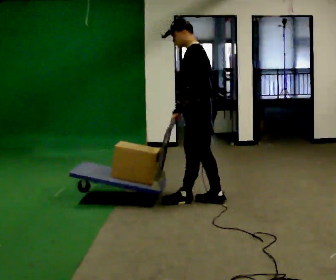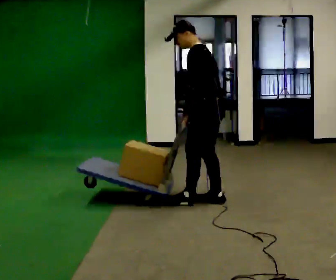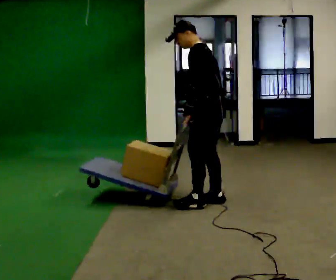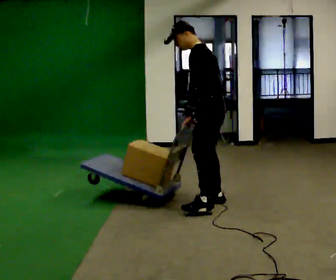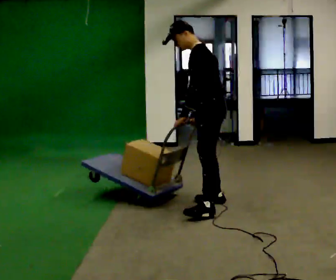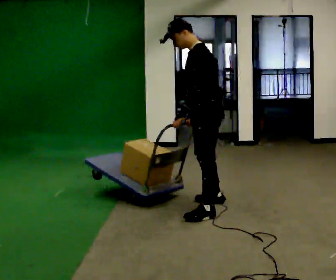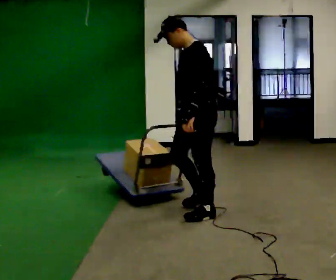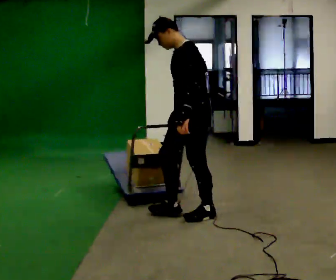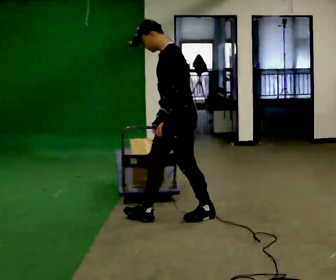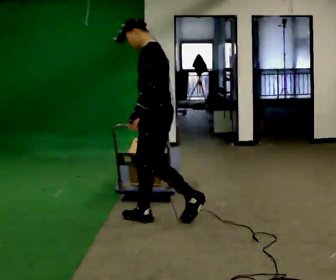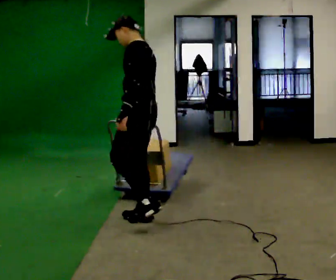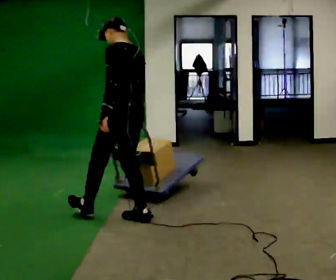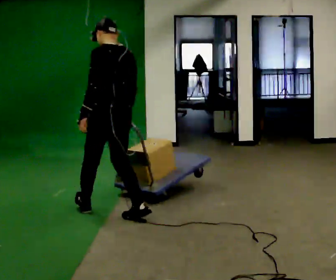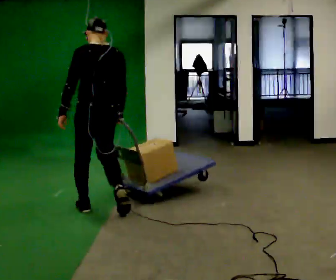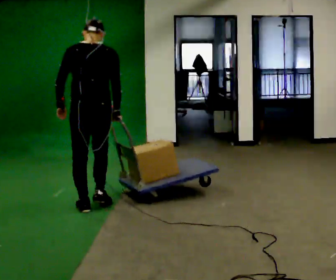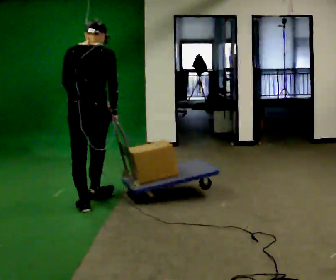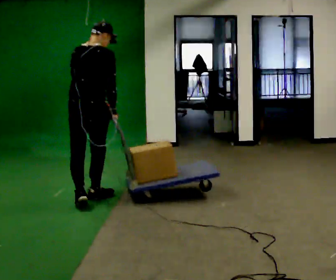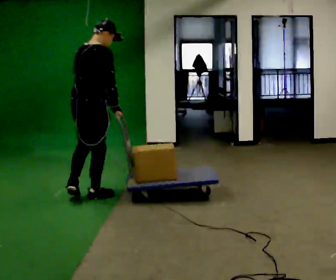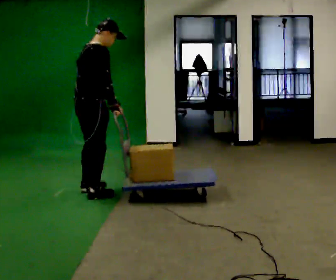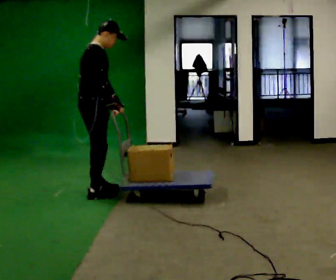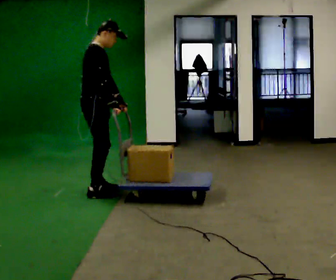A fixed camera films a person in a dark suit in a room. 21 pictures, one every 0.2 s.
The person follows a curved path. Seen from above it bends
clockwise.
The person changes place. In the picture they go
to the left.
0.0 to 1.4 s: The person turns about 30 degrees to their left, counterclockwise seen from above, so the part of the body nearest the lens slides to the right. In the picture they go toward the camera, about 0.5 m in 1 step, which for them is to their left.
1.4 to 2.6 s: The part of the body nearest the lens slides to the left as the person turns to their right by about 75 degrees. In the picture they go to the left, about 1 m in 2 steps.
2.6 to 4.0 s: The part of the body nearest the lens slides to the left as the person turns to their right by about 105 degrees. In the picture they go away from the camera, about 0.75 m in 2 steps.
The film runs forward here.
